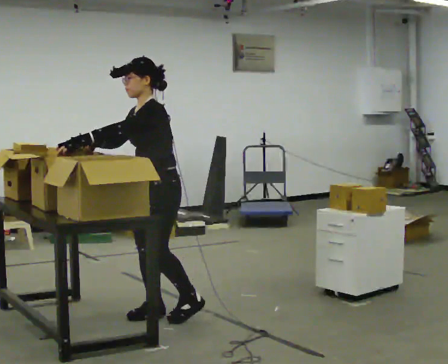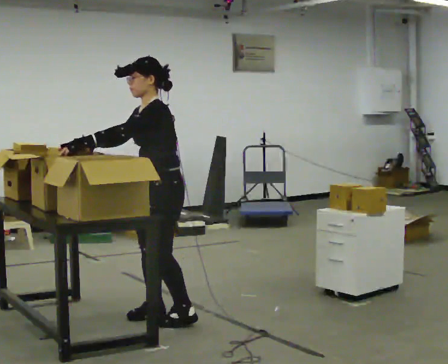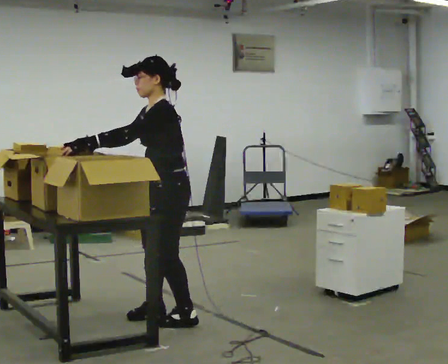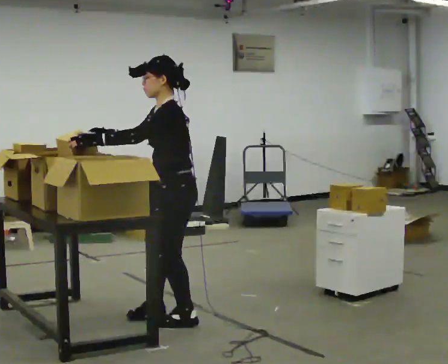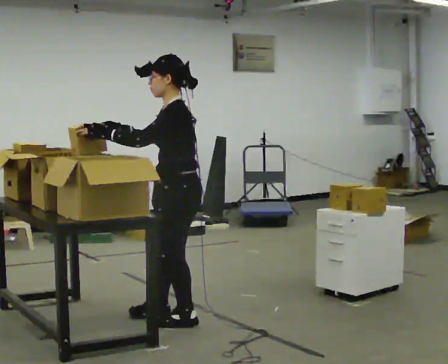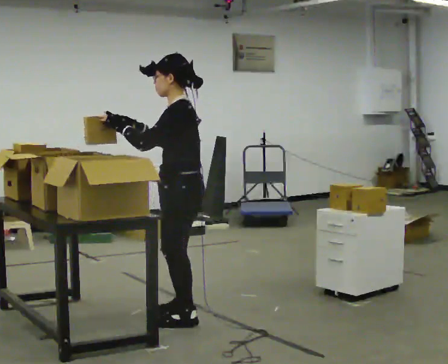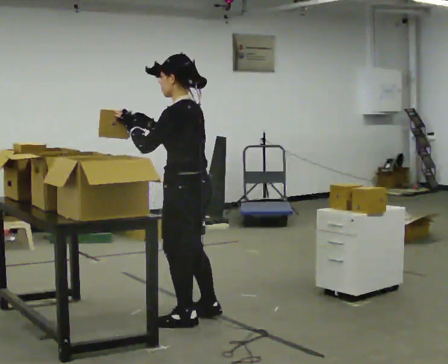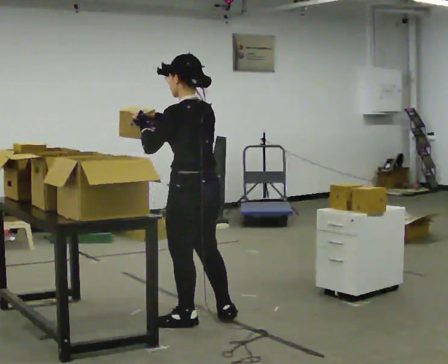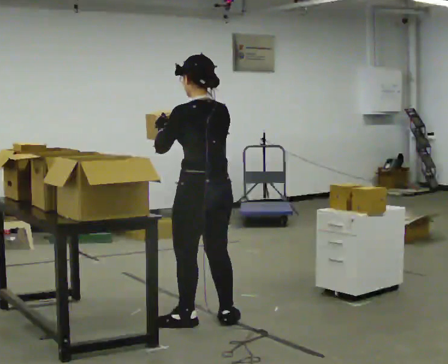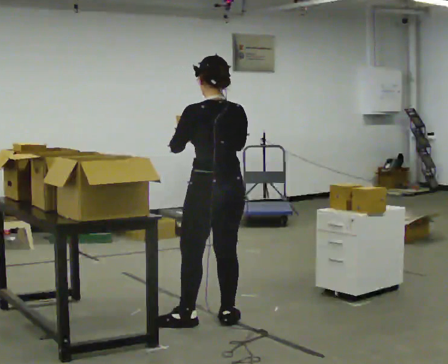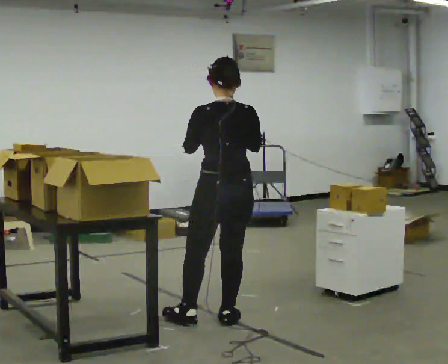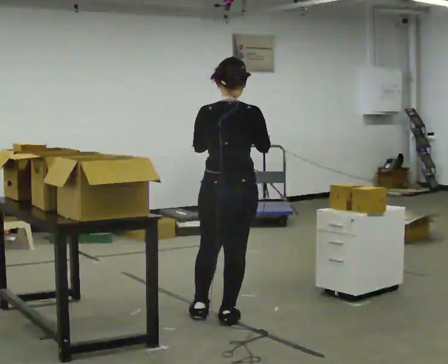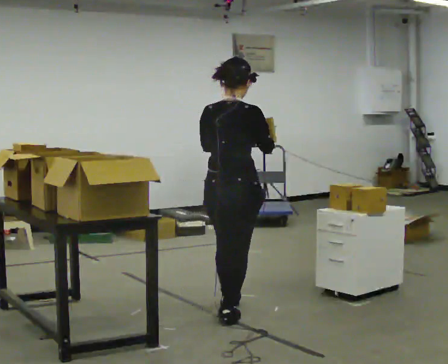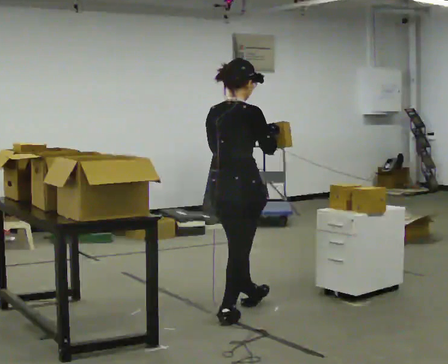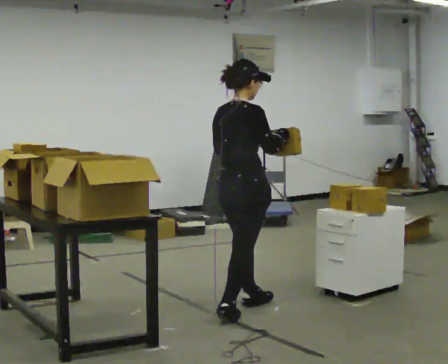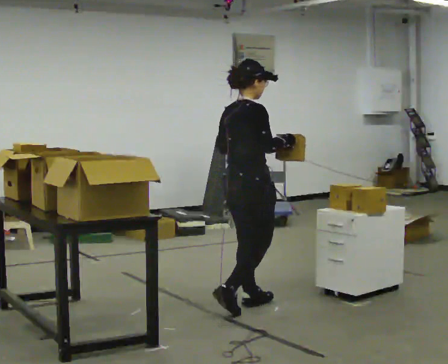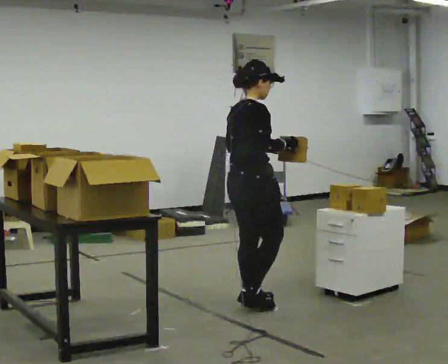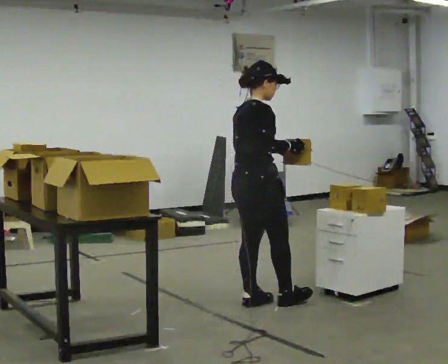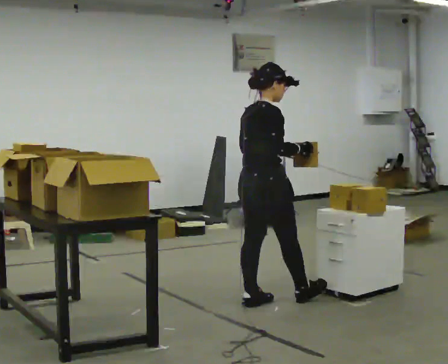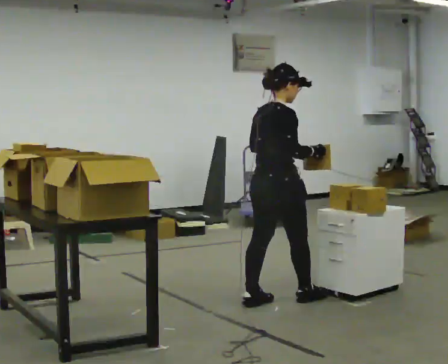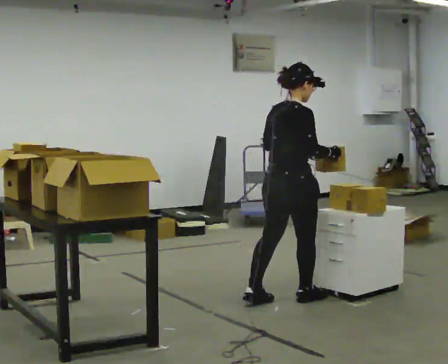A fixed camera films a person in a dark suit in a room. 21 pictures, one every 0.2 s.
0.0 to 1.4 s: Seen from above the body turns clockwise, about 75 degrees: to their right, with its near side sliding to the left. In the picture they go to the right, about 0.25 m in 1 step.
1.4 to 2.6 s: The person turns about 90 degrees to their right, clockwise seen from above, so the part of the body nearest the lens slides to the left. In the picture they go away from the camera and to the right, about 0.25 m in 2 steps.
2.6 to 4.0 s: In the picture they go away from the camera and to the right, about 0.5 m in 1 step, which for them is forward.
The film runs forward here.
